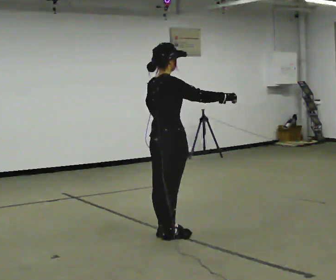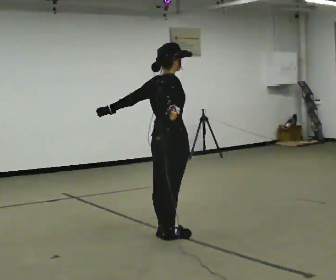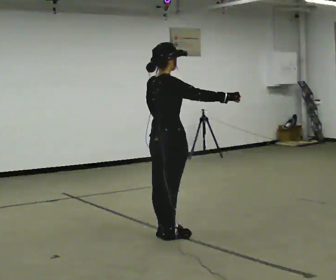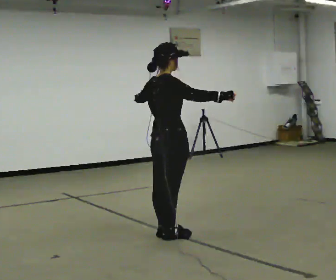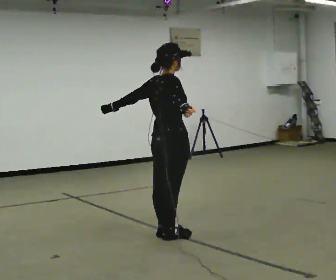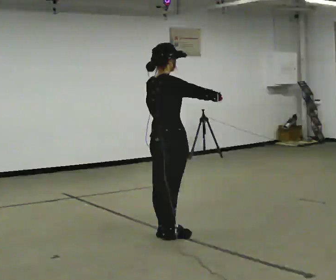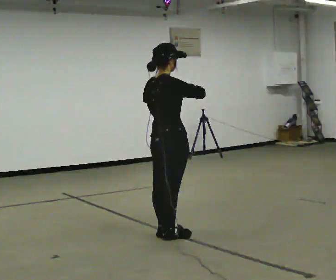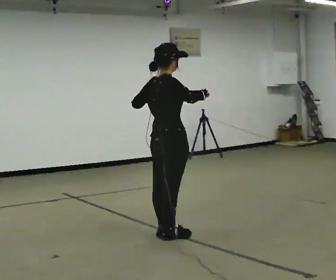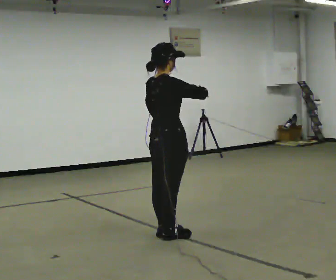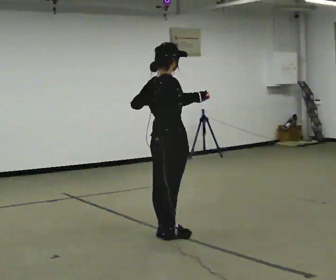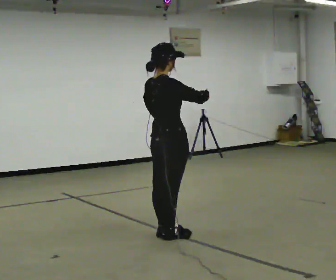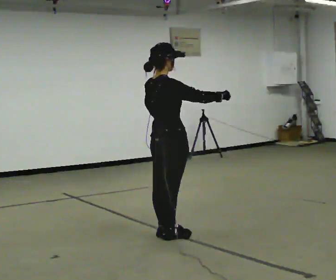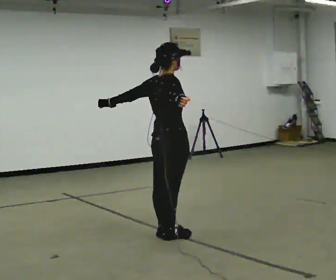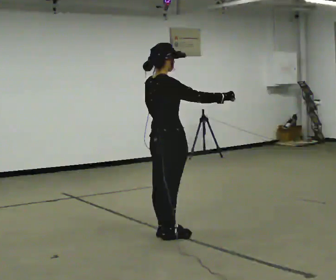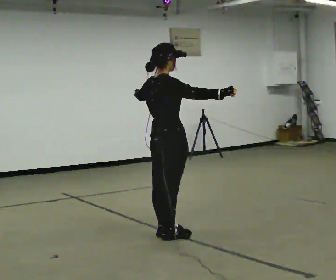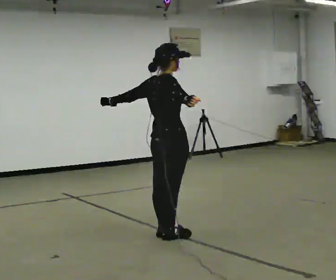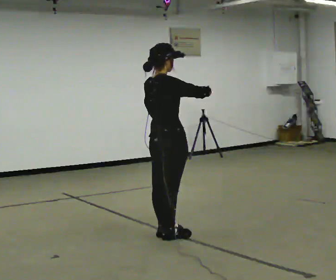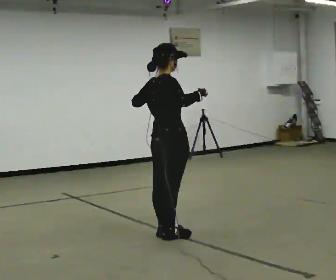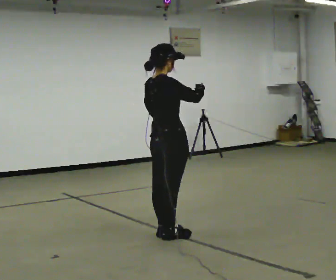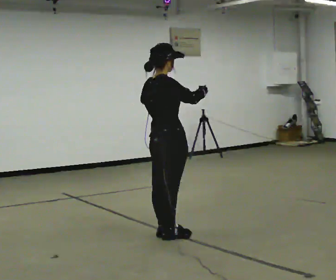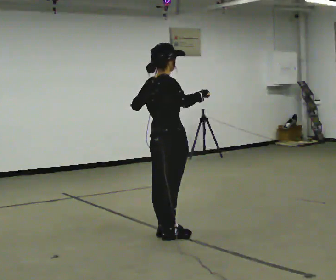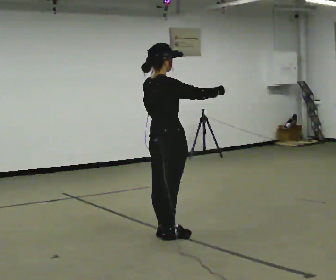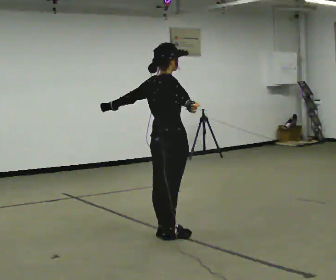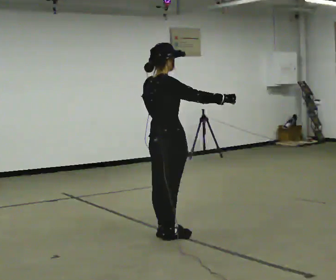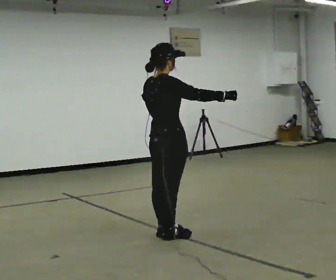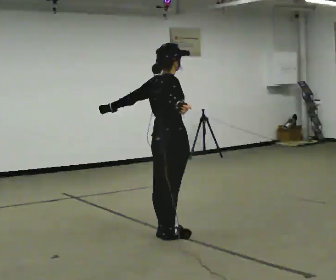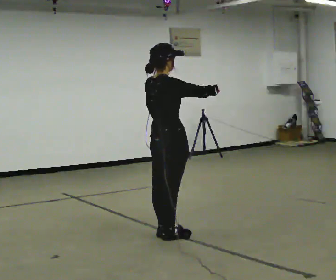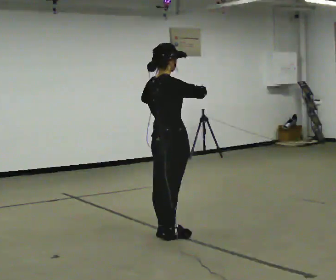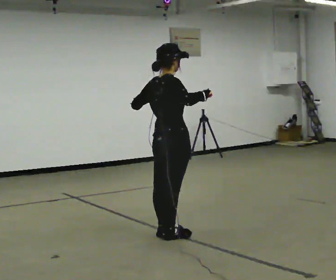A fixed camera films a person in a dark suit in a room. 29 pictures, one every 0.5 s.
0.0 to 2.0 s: In the picture their left hand goes to the left.
2.0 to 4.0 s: In the picture their left hand goes to the right.
4.0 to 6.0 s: In the picture their left hand goes to the left.
6.0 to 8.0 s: In the picture their left hand goes to the right.
8.0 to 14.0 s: The person moves a little, or ends about where they began.
The film runs forward here.
